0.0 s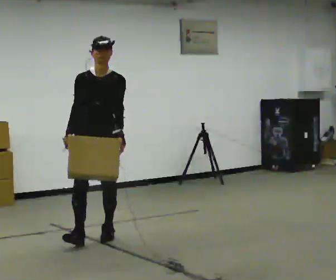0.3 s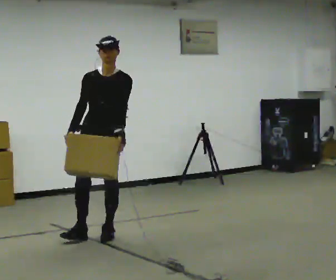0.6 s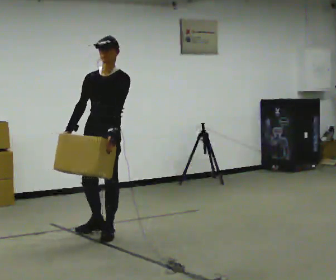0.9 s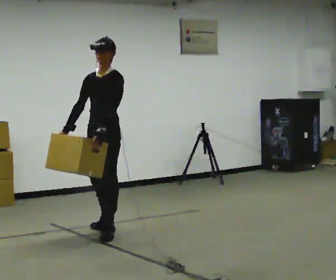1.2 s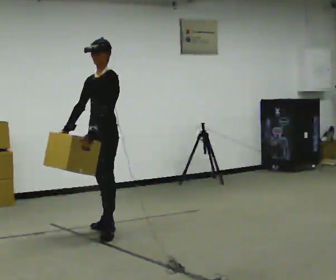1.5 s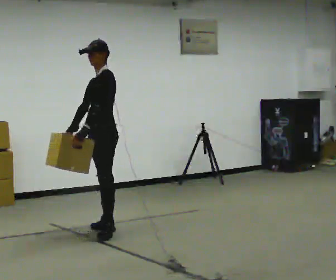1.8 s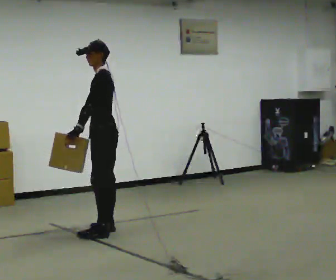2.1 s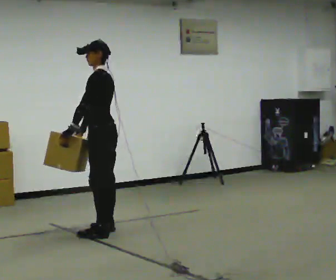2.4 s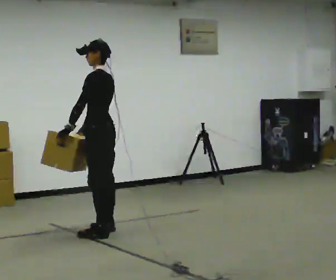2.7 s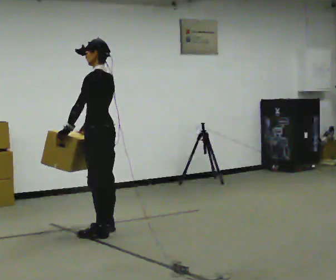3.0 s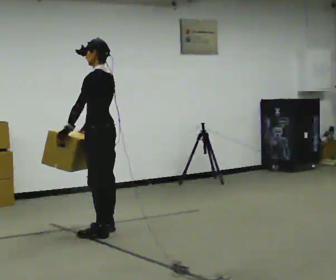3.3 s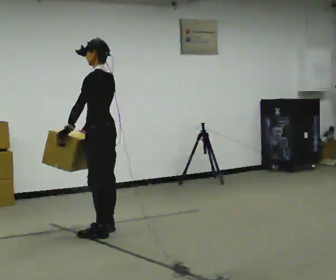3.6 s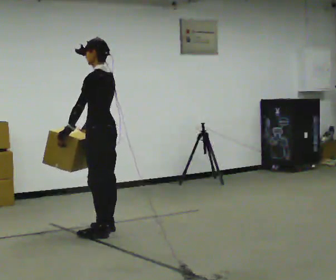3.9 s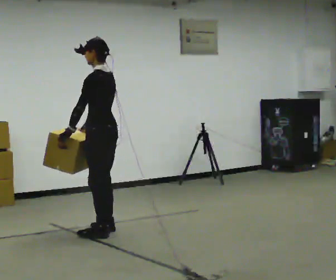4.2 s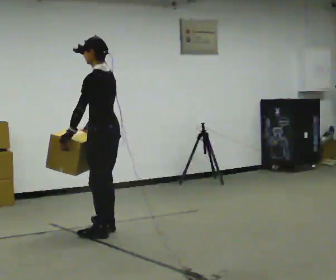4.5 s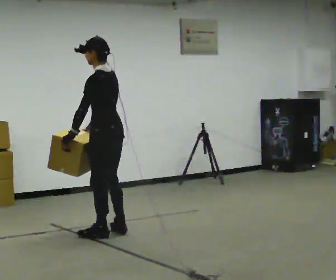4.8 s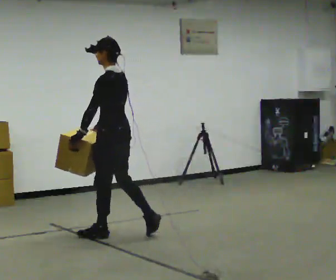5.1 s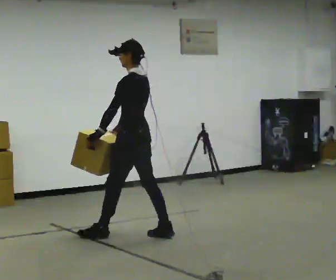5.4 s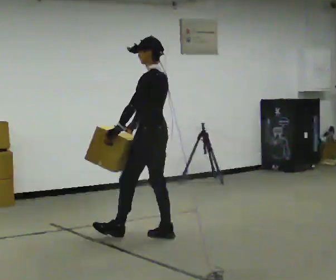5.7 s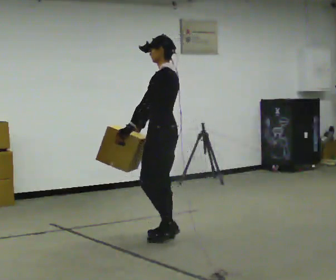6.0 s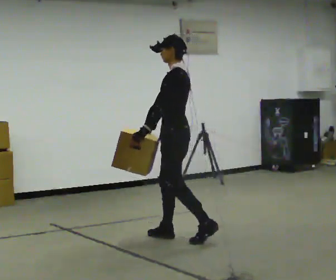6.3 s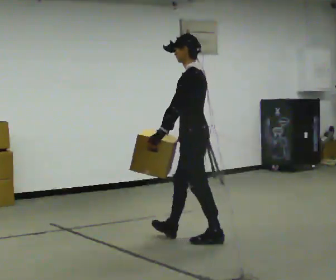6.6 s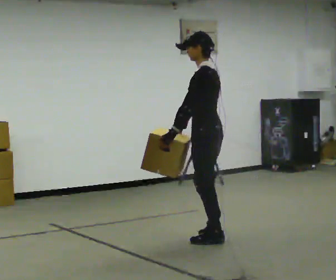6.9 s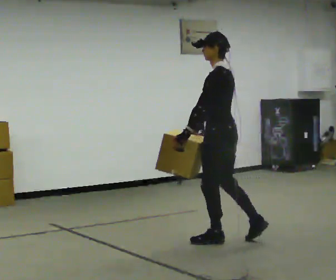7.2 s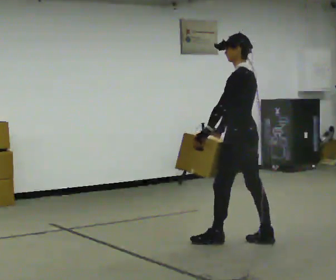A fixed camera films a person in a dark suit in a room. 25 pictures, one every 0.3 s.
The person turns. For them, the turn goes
to their right.
The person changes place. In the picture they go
to the right.
0.0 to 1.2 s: Seen from above the body turns clockwise, about 60 degrees: to their right, with its near side sliding to the left. In the picture they go away from the camera, about 0.25 m in 1 step, which for them is backward.
1.2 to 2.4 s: The part of the body nearest the lens slides to the left as the person turns to their right by about 45 degrees.
2.4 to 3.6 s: The person moves a little, or ends about where they began.
3.6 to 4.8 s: In the picture they go toward the camera, about 0.25 m in 1 step, which for them is backward and to their left.
4.8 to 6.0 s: In the picture they go to the right, about 0.5 m in 1 step, which for them is backward.
6.0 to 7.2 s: In the picture they go to the right and toward the camera, about 0.5 m in 1 step, which for them is backward.
The film runs backward here.
